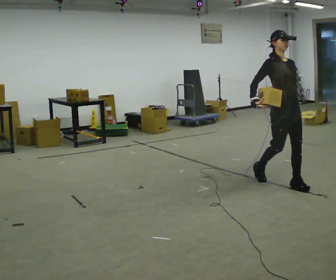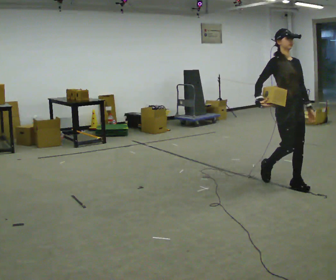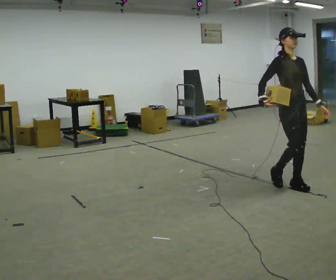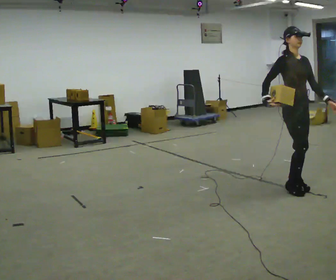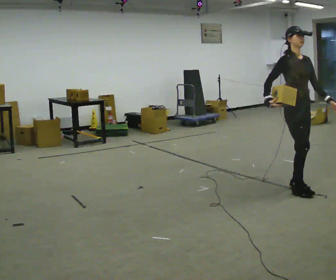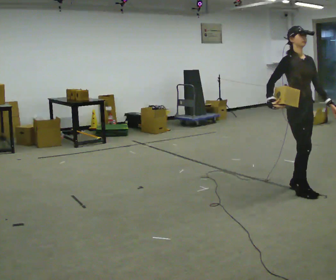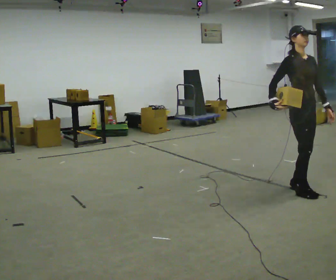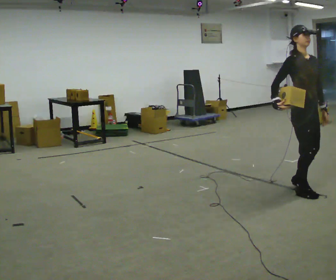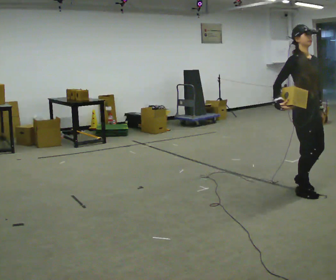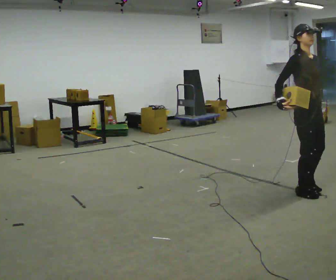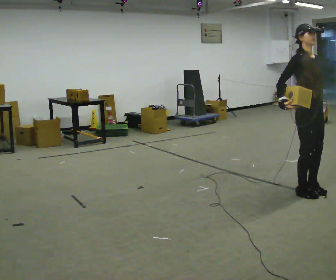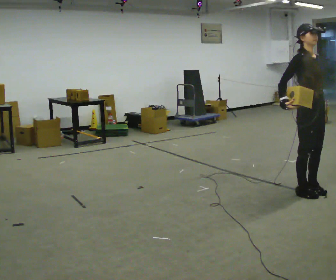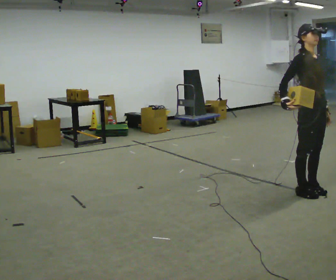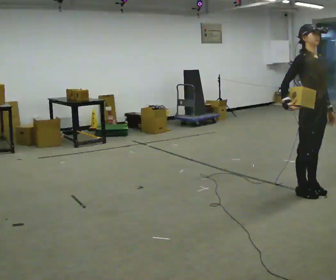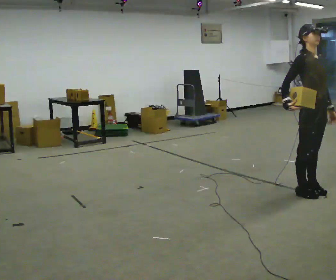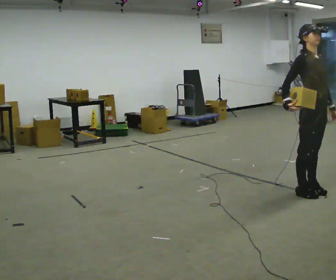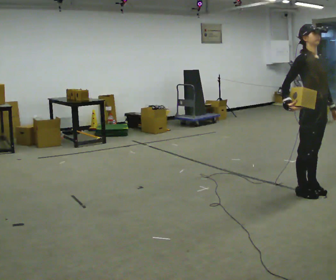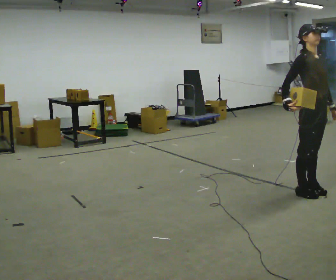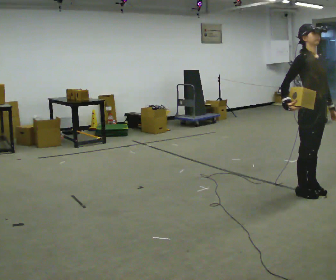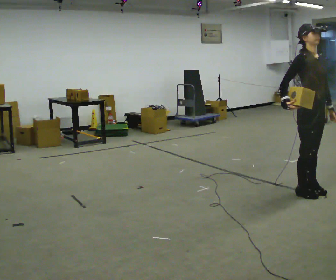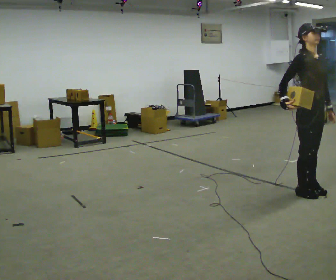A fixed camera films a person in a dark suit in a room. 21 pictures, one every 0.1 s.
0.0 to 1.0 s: In the picture they go toward the camera and to the right, about 0.25 m in 2 steps, which for them is forward.
1.0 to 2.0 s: The person moves a little, or ends about where they began.
The film runs forward here.
